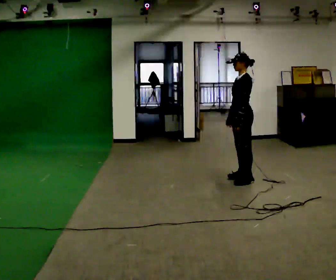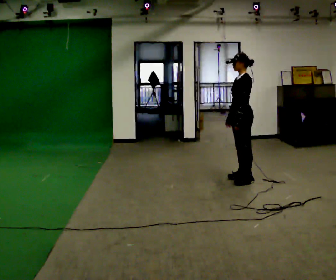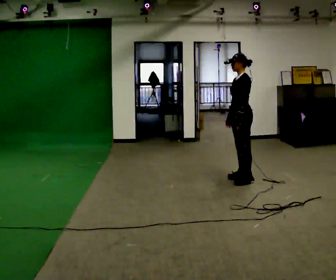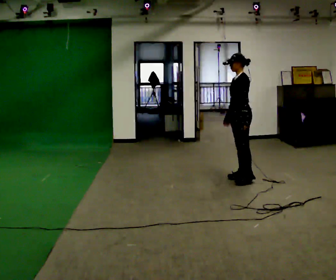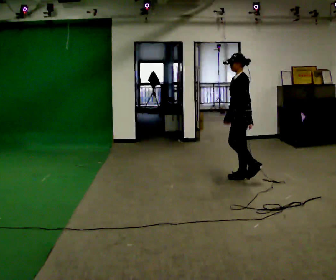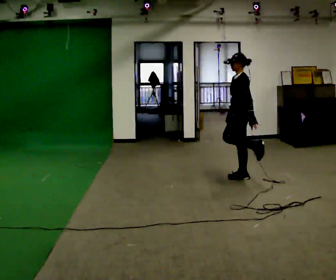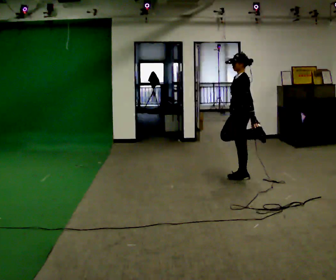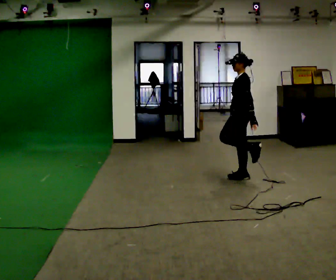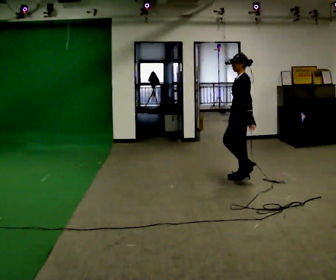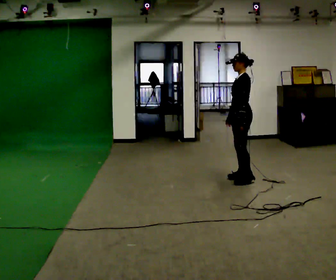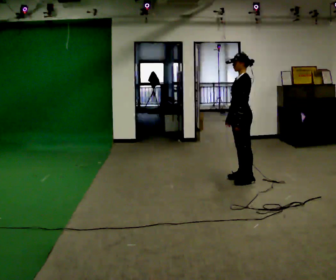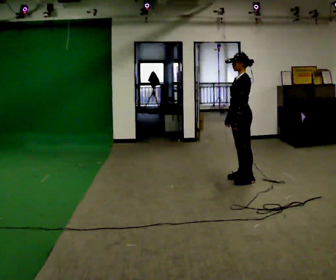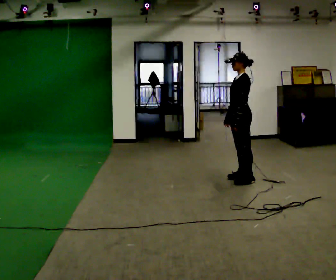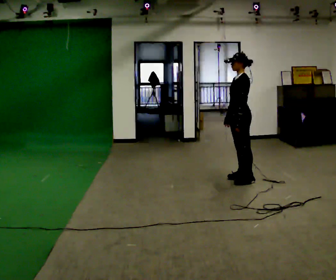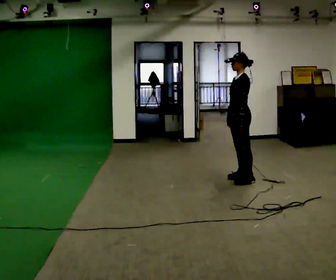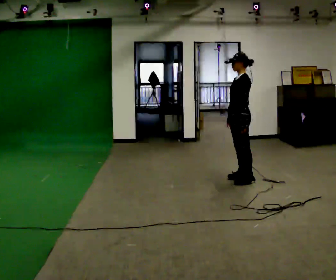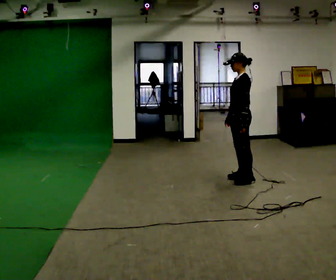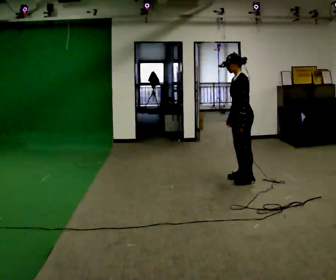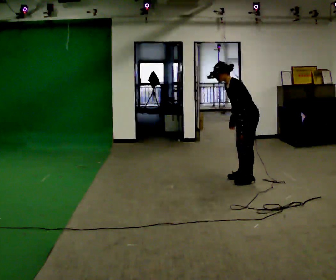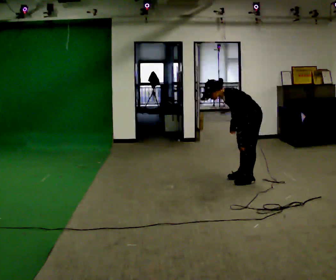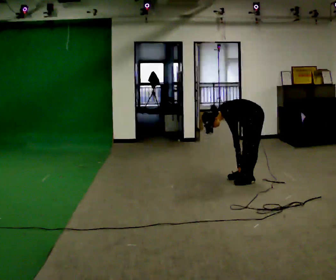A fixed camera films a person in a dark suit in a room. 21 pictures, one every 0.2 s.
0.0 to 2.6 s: The person moves a little, or ends about where they began.
2.6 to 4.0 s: In the picture they go to the right, about 0.25 m, which for them is backward. The shoulders move downward. In the picture the upper body tilts counterclockwise, shoulders to the left, as they bend forward.
The film runs backward here.
